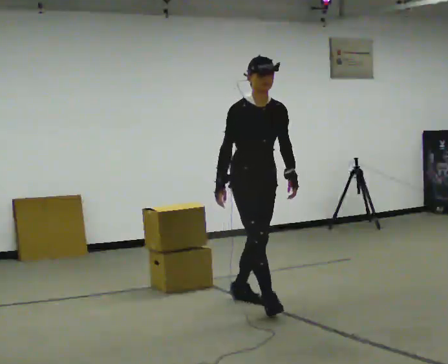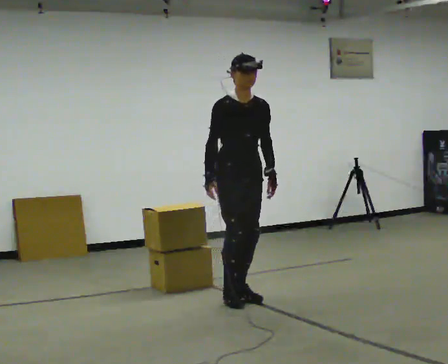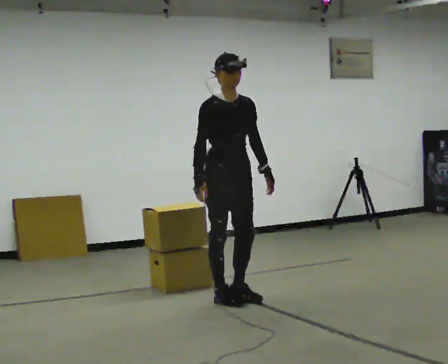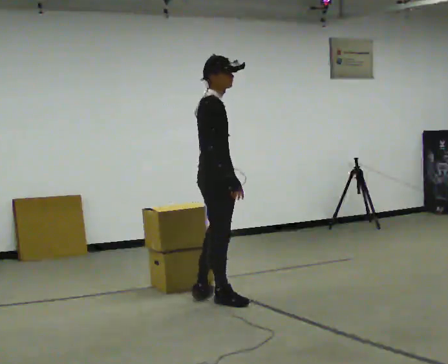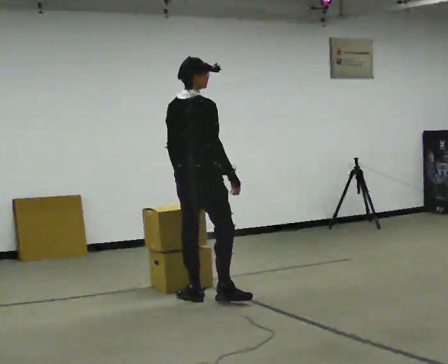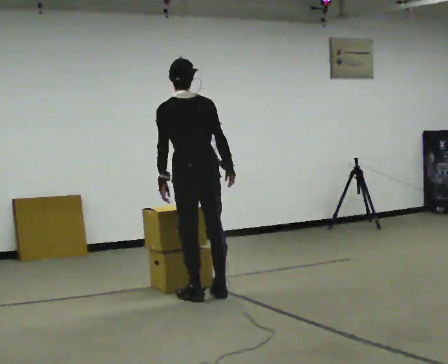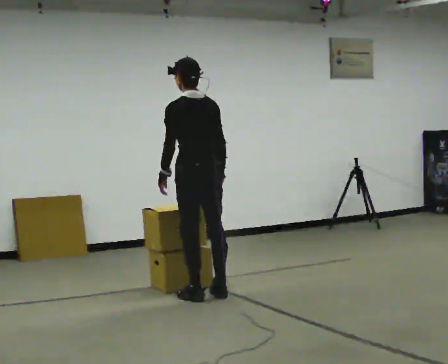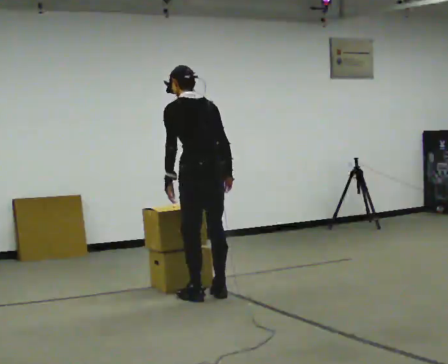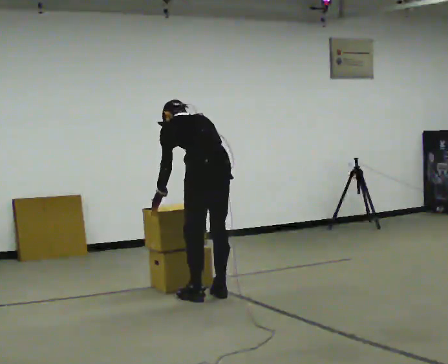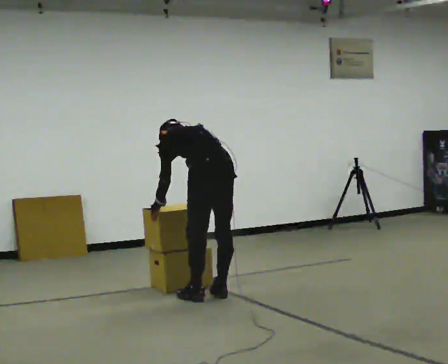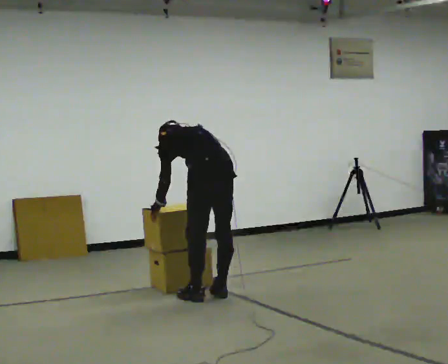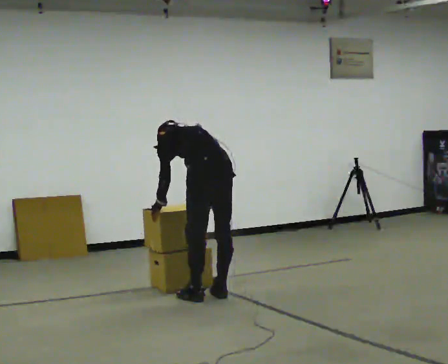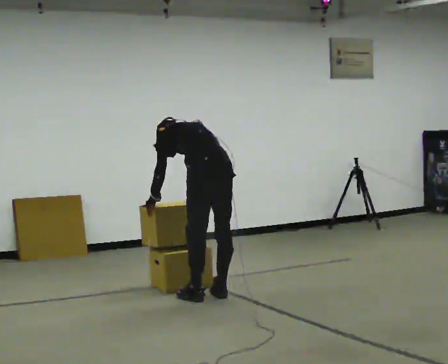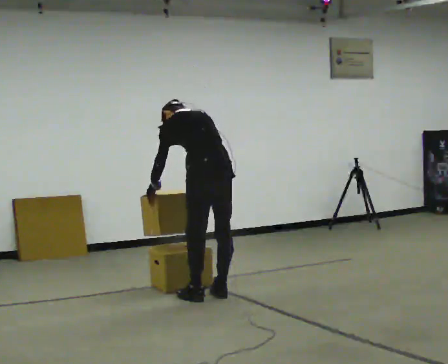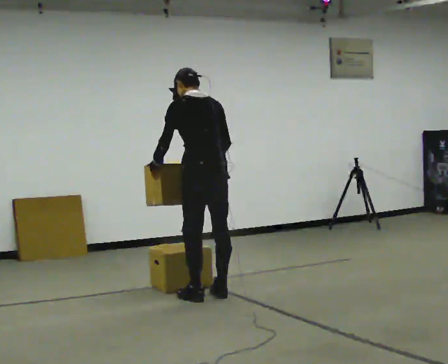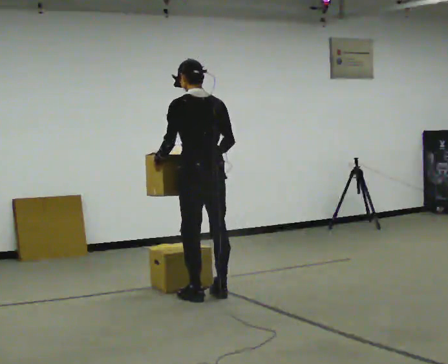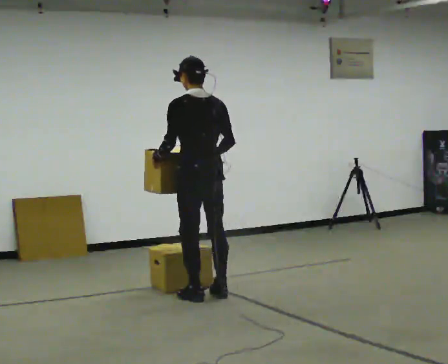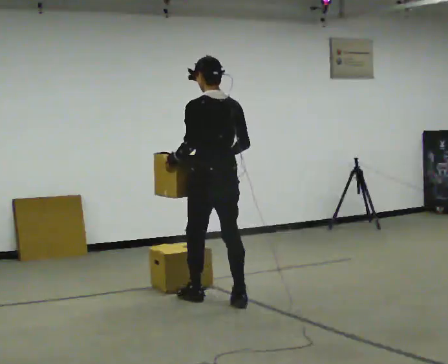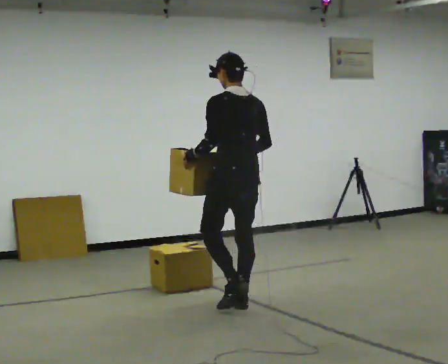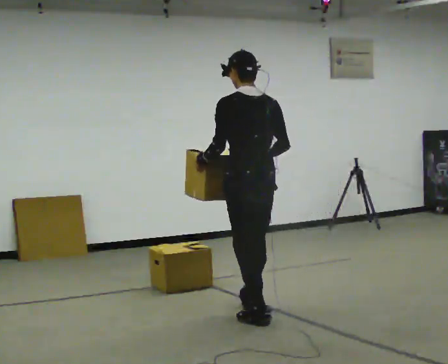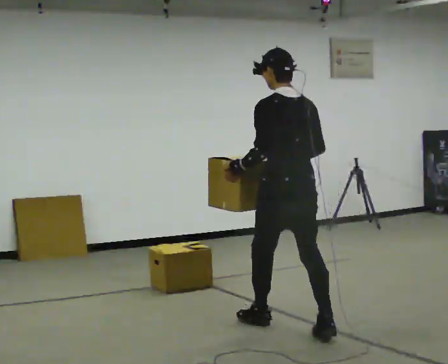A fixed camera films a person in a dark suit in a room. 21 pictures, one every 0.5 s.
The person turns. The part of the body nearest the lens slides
to the right.
The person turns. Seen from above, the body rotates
counterclockwise.
0.0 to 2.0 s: The person turns about 105 degrees to their left, counterclockwise seen from above, so the part of the body nearest the lens slides to the right. In the picture they go to the left and away from the camera, about 0.5 m in 2 steps.
2.0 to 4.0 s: The part of the body nearest the lens slides to the right as the person turns to their left by about 75 degrees. The upper body tips away from the camera, its near side rolling upward, as they bend forward.
4.0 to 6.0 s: The person moves a little, or ends about where they began.
6.0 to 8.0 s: The upper body goes upward. The upper body tips toward the camera, its near side rolling downward, as they lean back or straighten. In the picture their right hand goes upward.
8.0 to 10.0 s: In the picture they go toward the camera and to the right, about 1 m in 3 steps, which for them is backward.
The film runs backward here.
